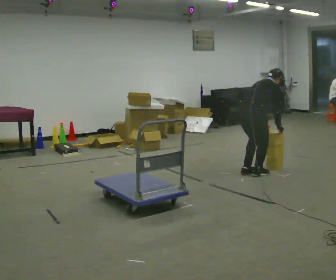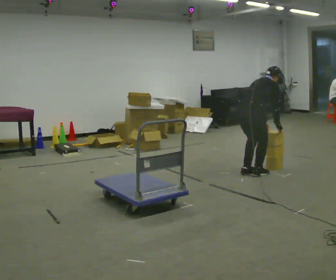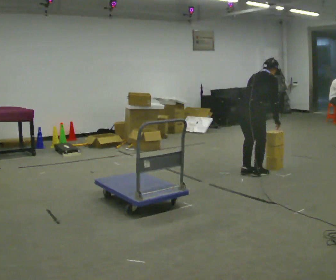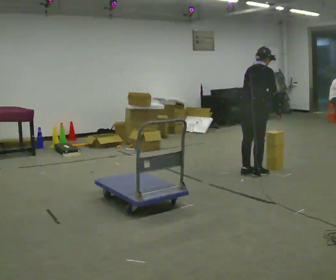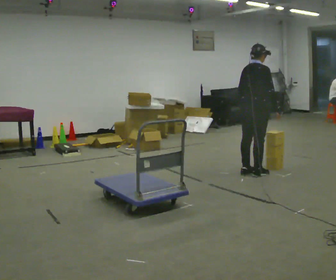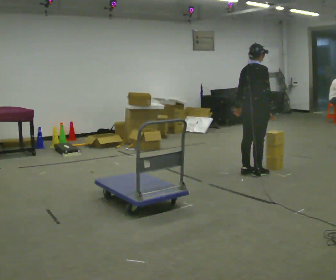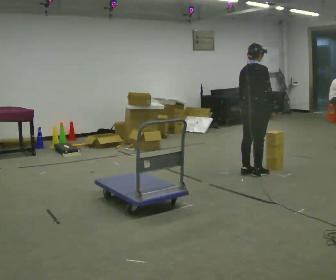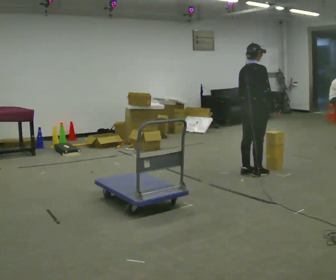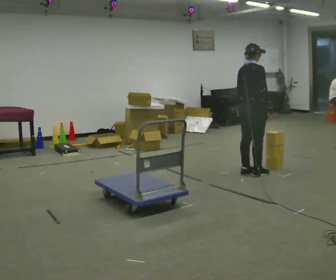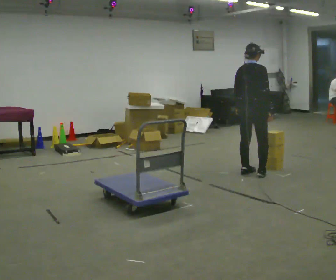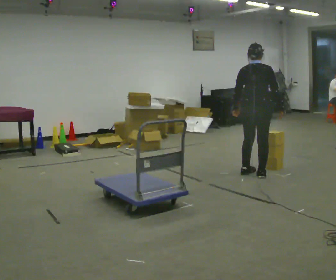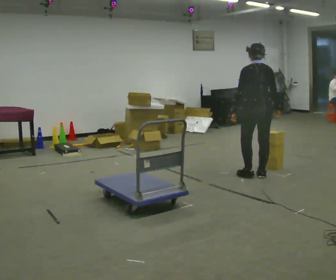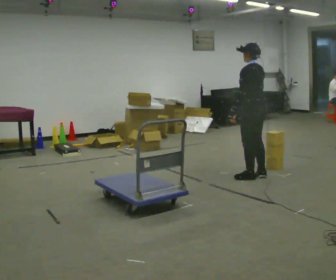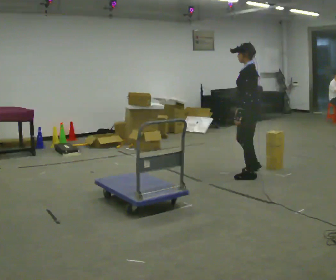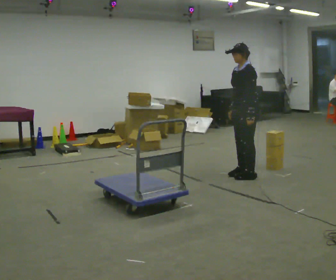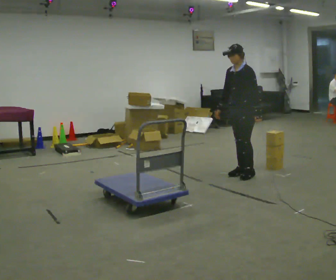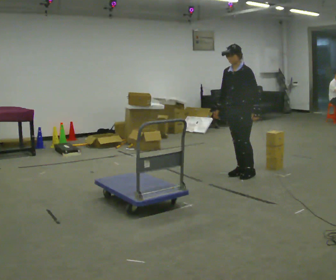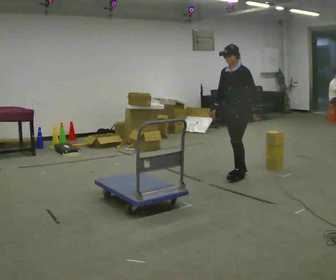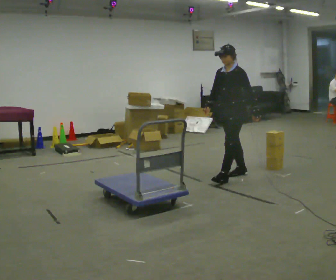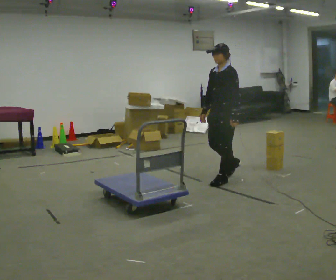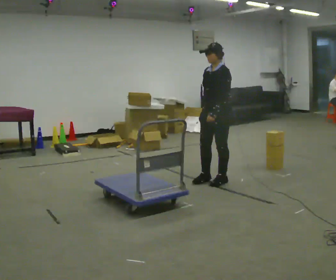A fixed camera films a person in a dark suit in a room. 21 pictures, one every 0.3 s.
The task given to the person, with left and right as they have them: Load the boxes onto the cart one at a time, then take them all off again. The cart stays where it is. Keep going until the operator says stop; one object at a time, and do not rush between trips.
0.0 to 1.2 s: The shoulders move upward. In the picture the upper body tilts counterclockwise, shoulders to the left, as they lean back or straighten.
1.2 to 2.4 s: The person moves a little, or ends about where they began.
2.4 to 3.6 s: The person turns about 105 degrees to their left, counterclockwise seen from above, so the part of the body nearest the lens slides to the right. In the picture they go toward the camera, about 0.25 m in 1 step.
3.6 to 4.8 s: The person turns about 75 degrees to their left, counterclockwise seen from above, so the part of the body nearest the lens slides to the right. In the picture they go away from the camera, about 0.25 m in 1 step.
4.8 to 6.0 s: In the picture they go to the left and toward the camera, about 0.5 m in 2 steps, which for them is forward.
The film runs forward here.
